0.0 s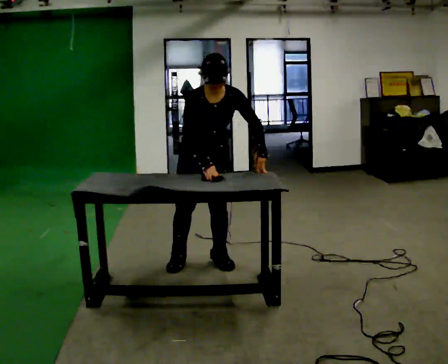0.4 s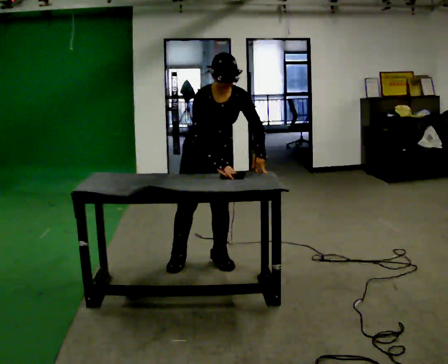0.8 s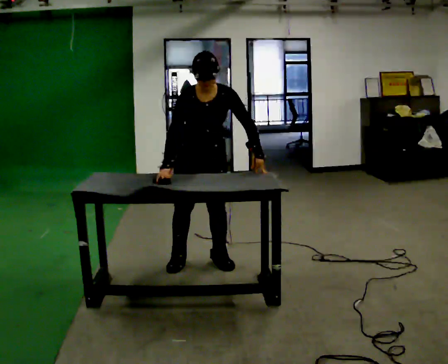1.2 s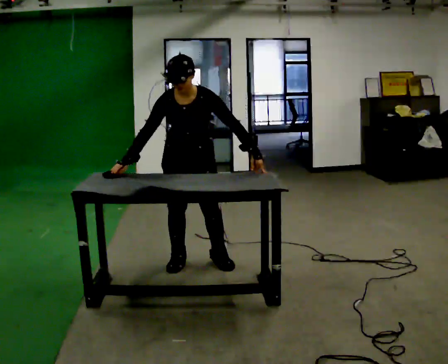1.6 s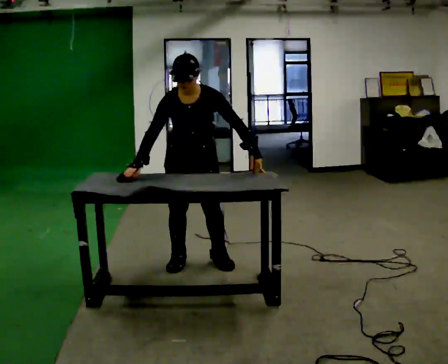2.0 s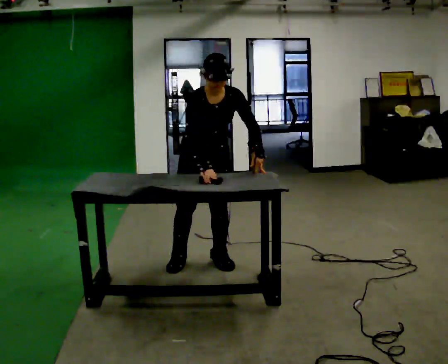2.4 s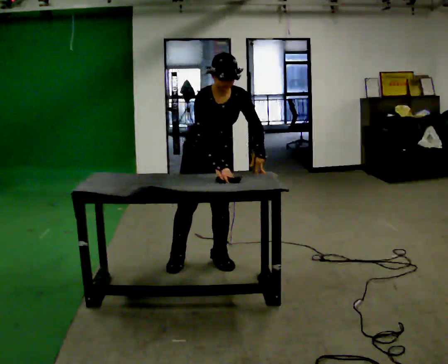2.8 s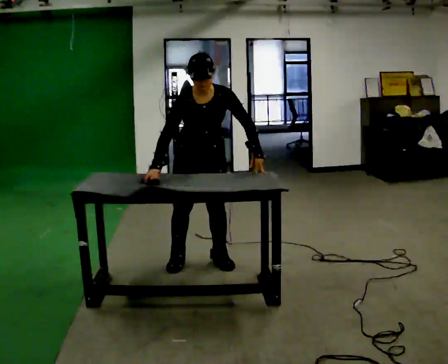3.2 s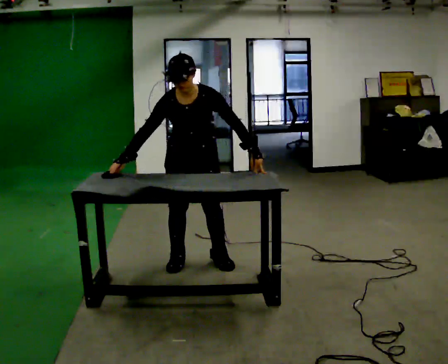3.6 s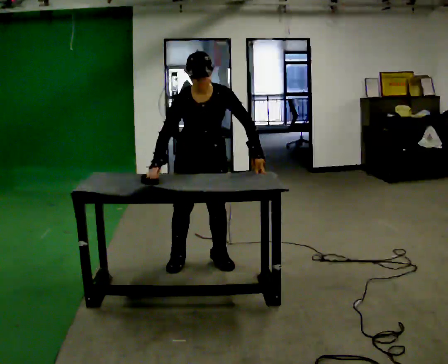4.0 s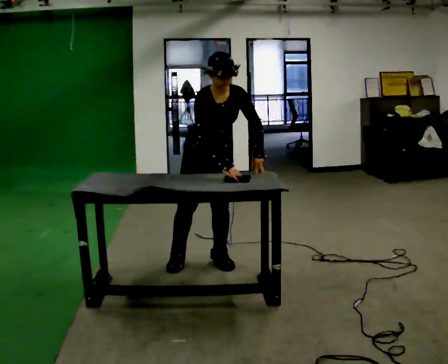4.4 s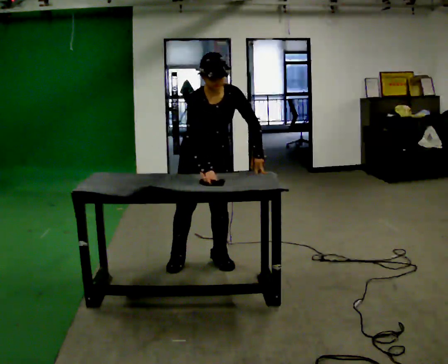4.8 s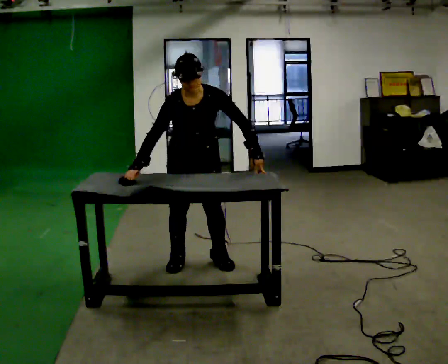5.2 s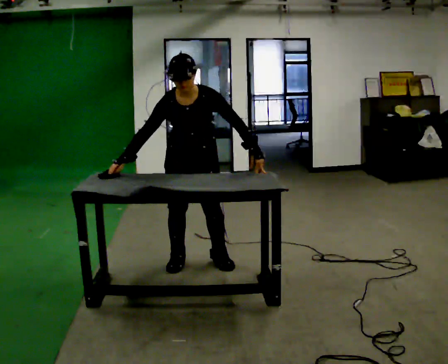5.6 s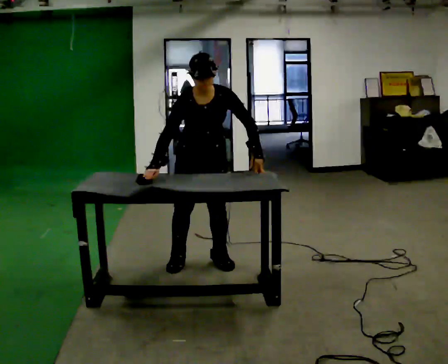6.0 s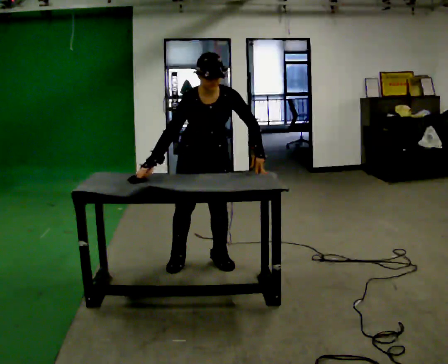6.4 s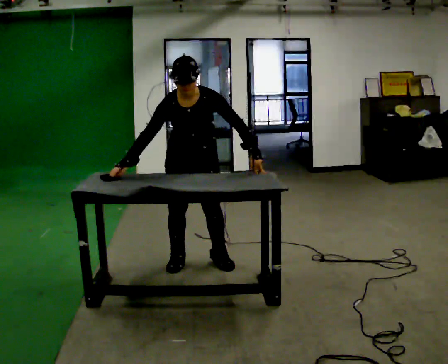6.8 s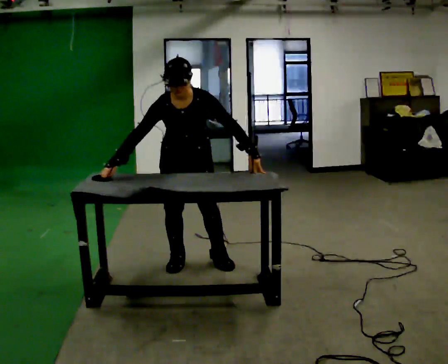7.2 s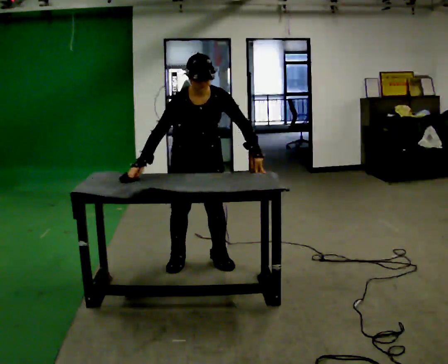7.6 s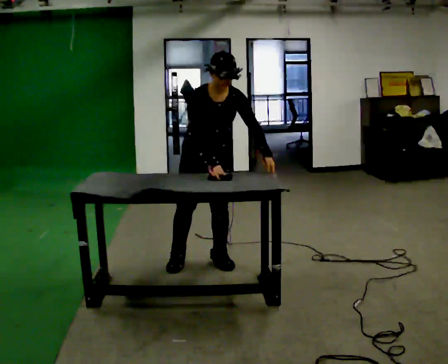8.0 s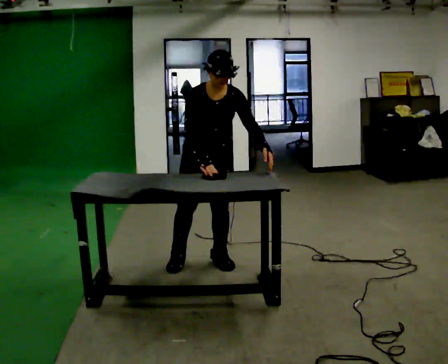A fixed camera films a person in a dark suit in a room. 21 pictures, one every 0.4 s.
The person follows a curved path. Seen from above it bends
counterclockwise.
0.0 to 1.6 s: In the picture their right hand goes to the left.
1.6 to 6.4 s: The person moves a little, or ends about where they began.
6.4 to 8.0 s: In the picture their right hand goes to the right.
The film runs forward here.
